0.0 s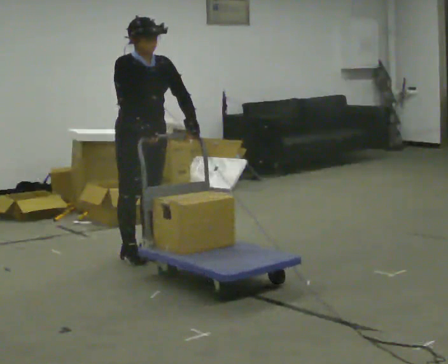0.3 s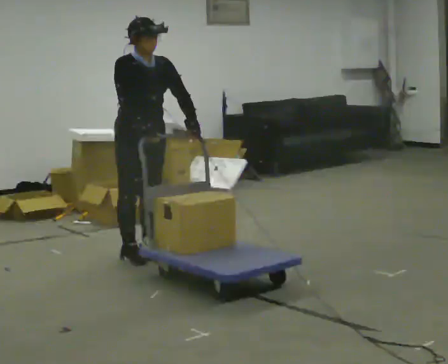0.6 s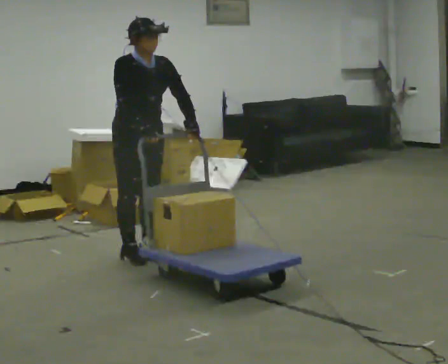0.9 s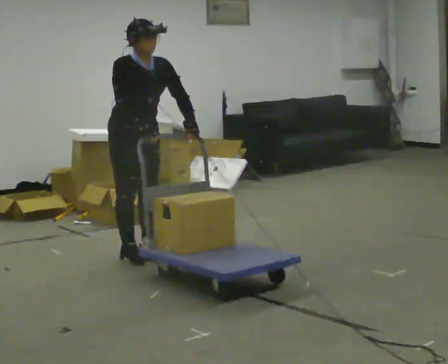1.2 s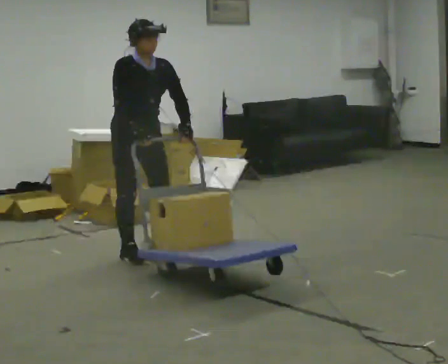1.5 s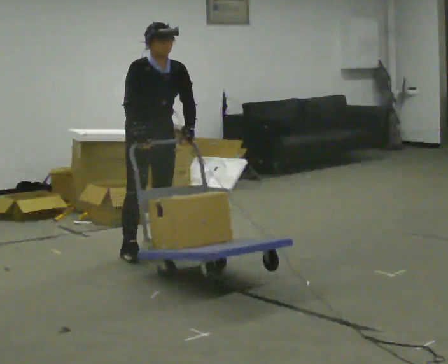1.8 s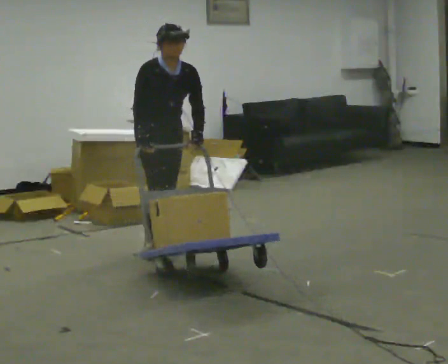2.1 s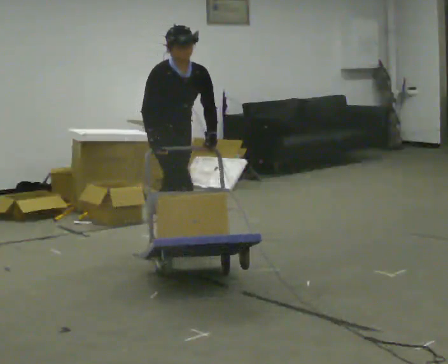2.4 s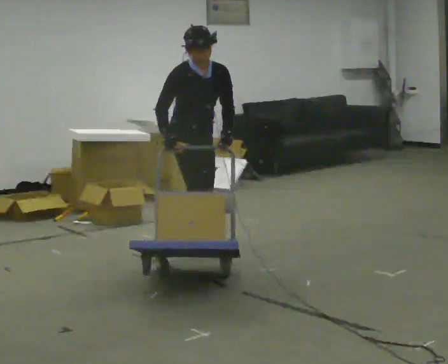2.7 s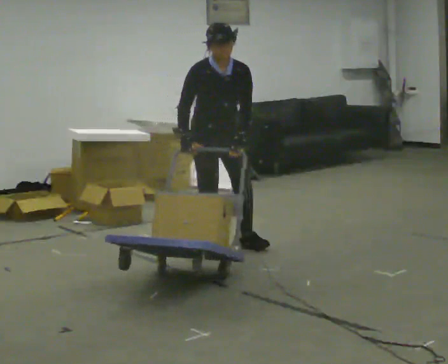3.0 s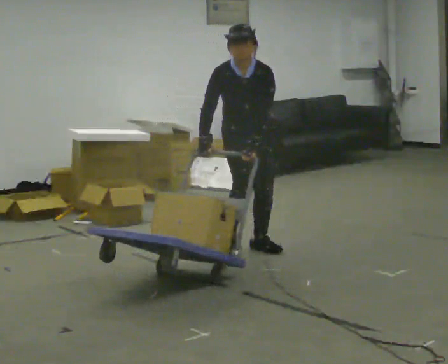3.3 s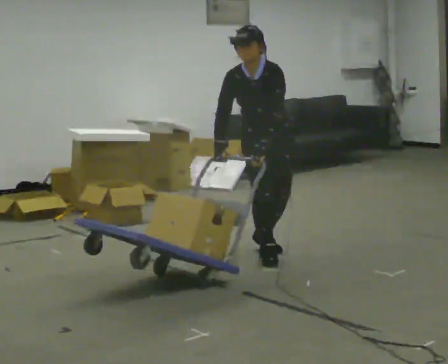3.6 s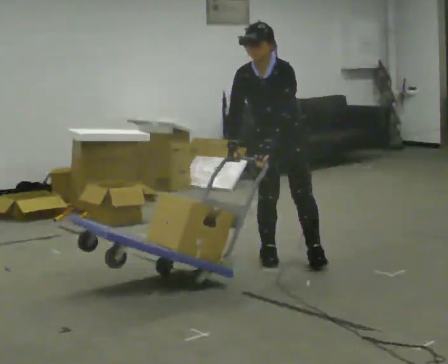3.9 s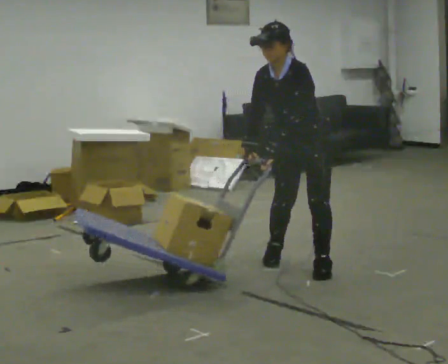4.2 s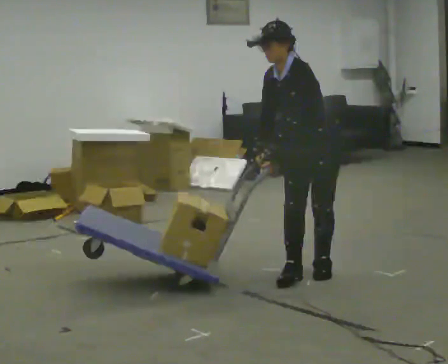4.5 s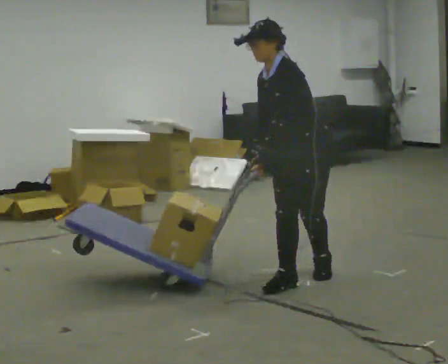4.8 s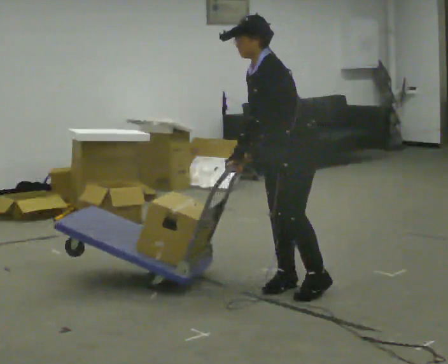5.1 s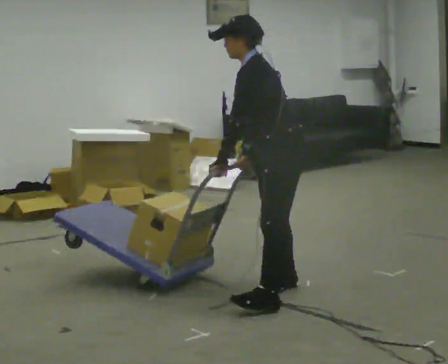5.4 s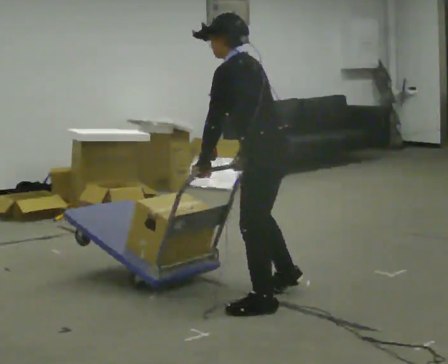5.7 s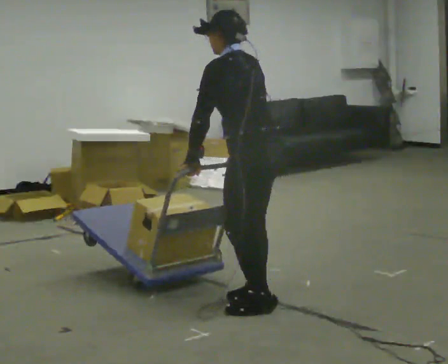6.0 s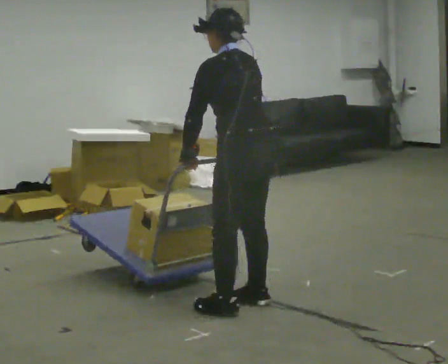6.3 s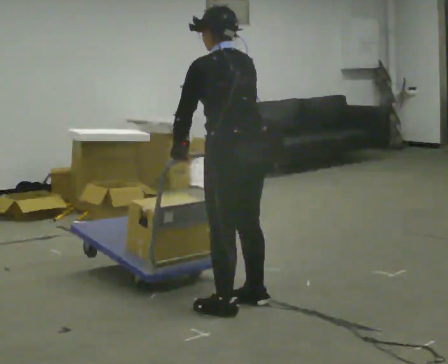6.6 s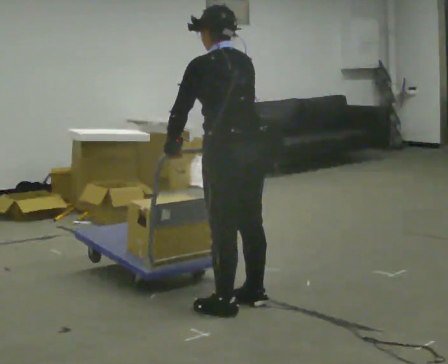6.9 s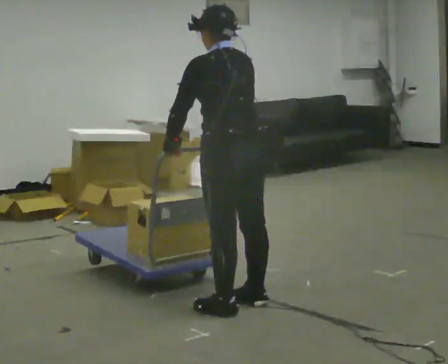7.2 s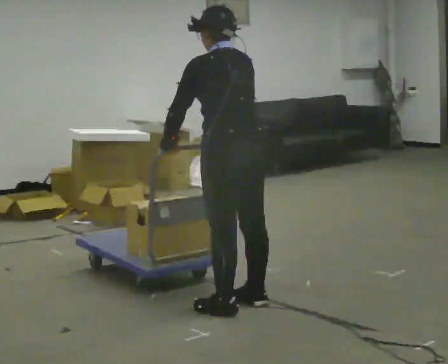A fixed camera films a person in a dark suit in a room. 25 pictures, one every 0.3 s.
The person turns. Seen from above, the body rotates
clockwise.
Their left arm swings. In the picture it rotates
clockwise.
0.0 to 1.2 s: The person moves a little, or ends about where they began.
1.2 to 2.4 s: In the picture they go to the right and away from the camera, about 0.5 m in 2 steps, which for them is to their left.
2.4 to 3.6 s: The person turns about 60 degrees to their right, clockwise seen from above, so the part of the body nearest the lens slides to the left. In the picture they go to the right, about 0.75 m in 2 steps. In the picture the upper body tilts counterclockwise, shoulders to the left.
3.6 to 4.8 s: The part of the body nearest the lens slides to the left as the person turns to their right by about 45 degrees. In the picture they go toward the camera, about 0.75 m in 2 steps, which for them is to their left and forward. The upper body tips away from the camera, its near side rolling upward.
4.8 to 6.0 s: The person turns about 60 degrees to their right, clockwise seen from above, so the part of the body nearest the lens slides to the left. In the picture they go toward the camera and to the left, about 0.5 m in 2 steps.
6.0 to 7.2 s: The person moves a little, or ends about where they began.
The film runs forward here.
